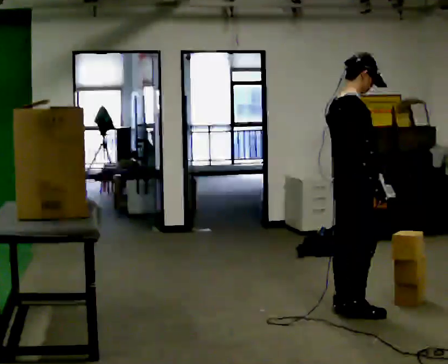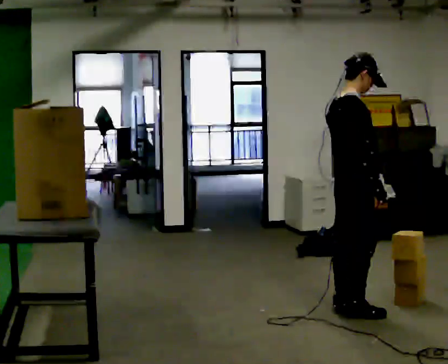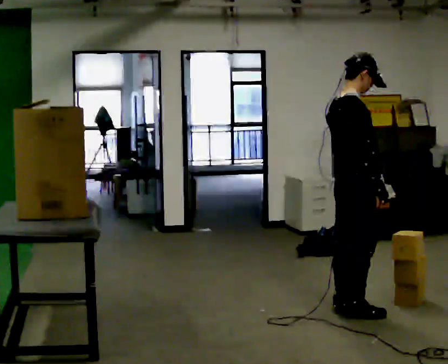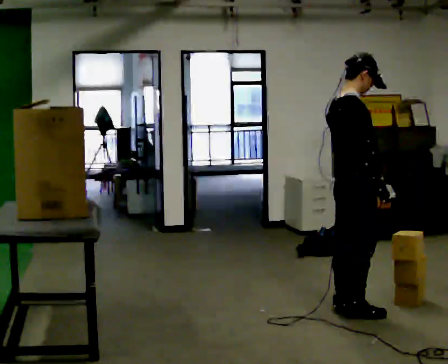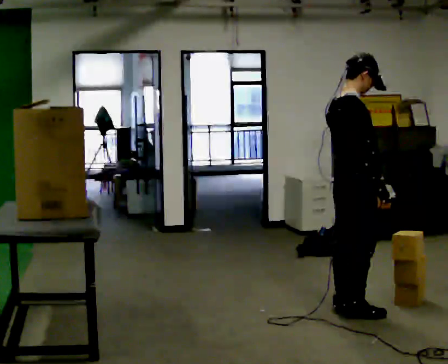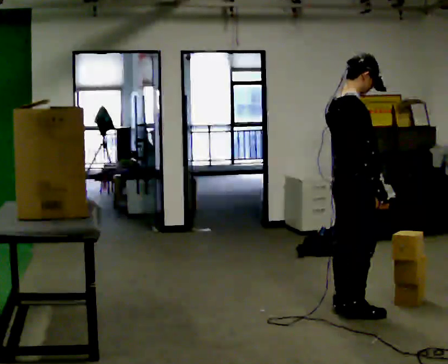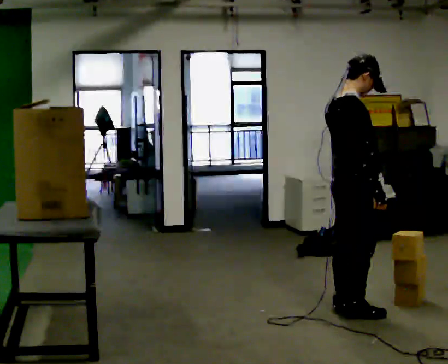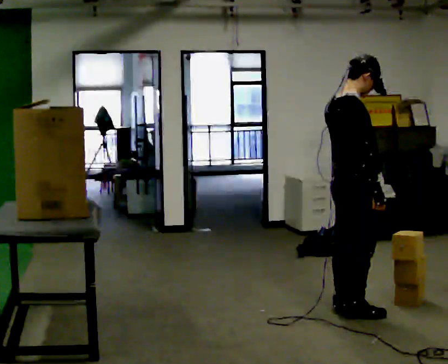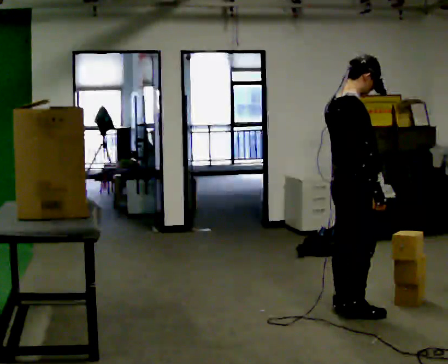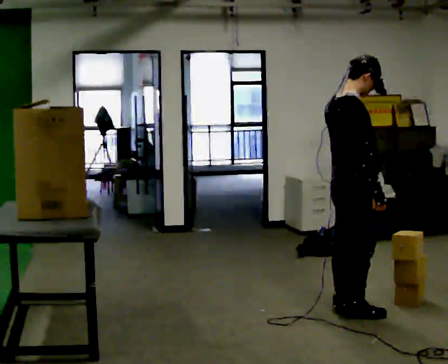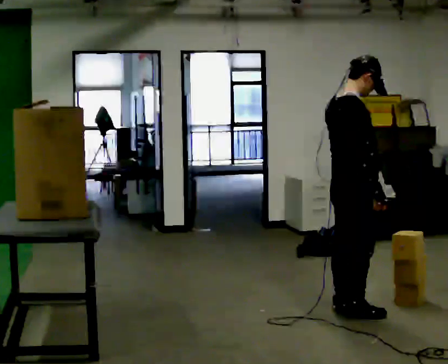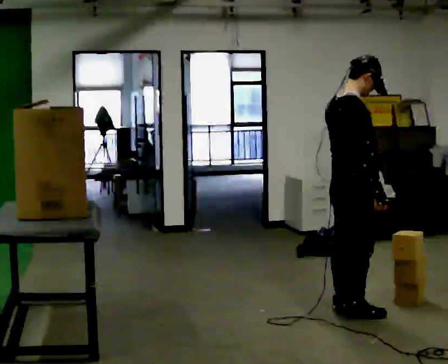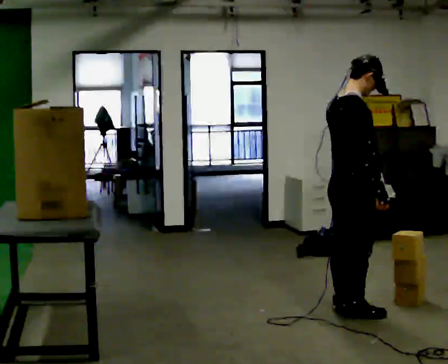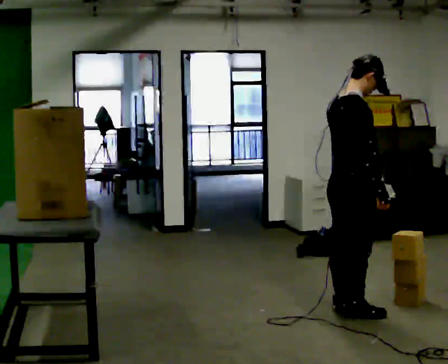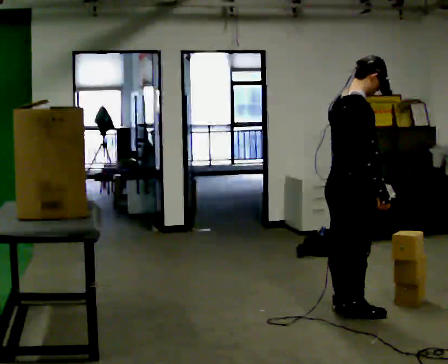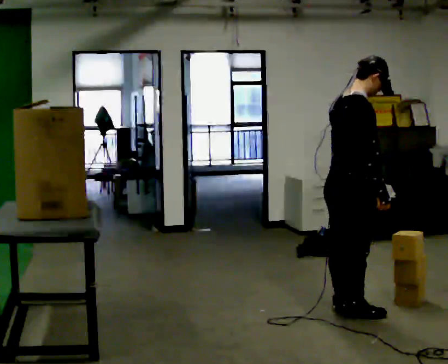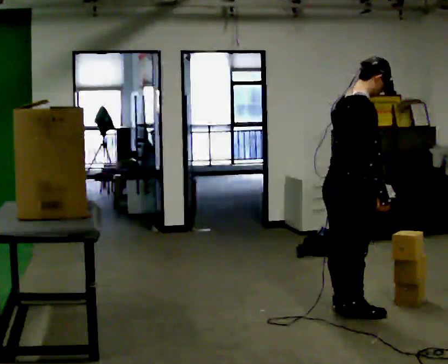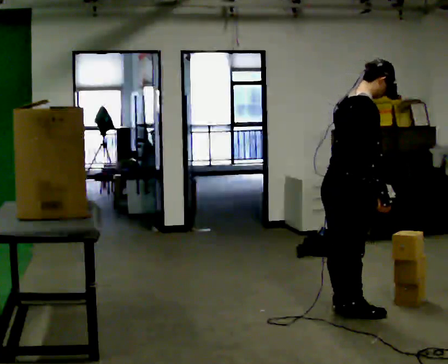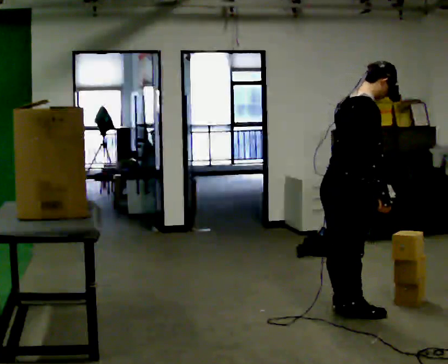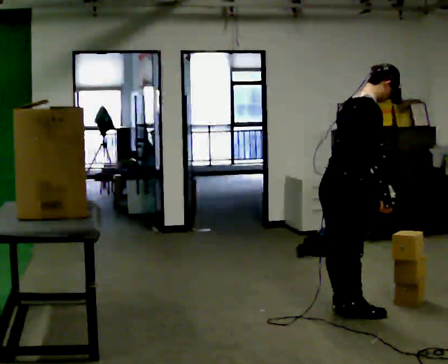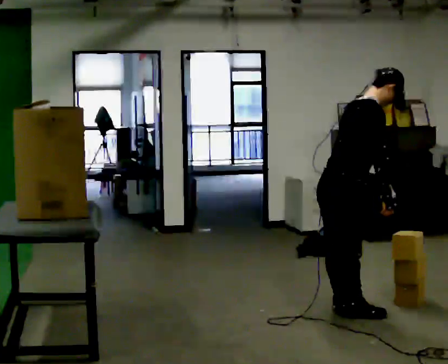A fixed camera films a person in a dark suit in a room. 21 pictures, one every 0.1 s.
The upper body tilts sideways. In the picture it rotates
clockwise.
0.0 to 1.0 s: The person moves a little, or ends about where they began.
1.0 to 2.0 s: In the picture the upper body tilts clockwise, shoulders to the right, as they bend forward.
The film runs forward here.
